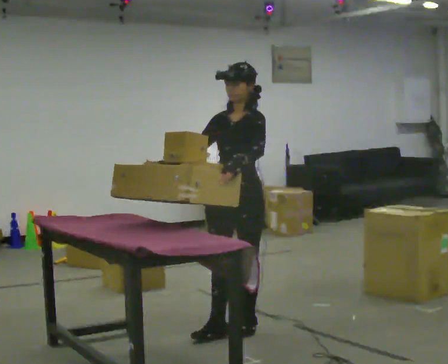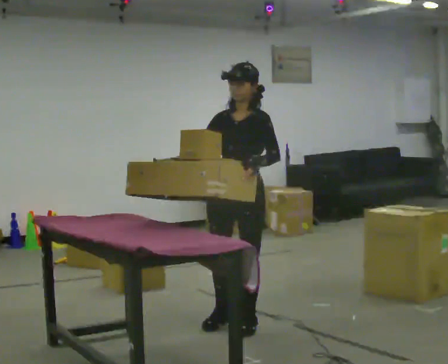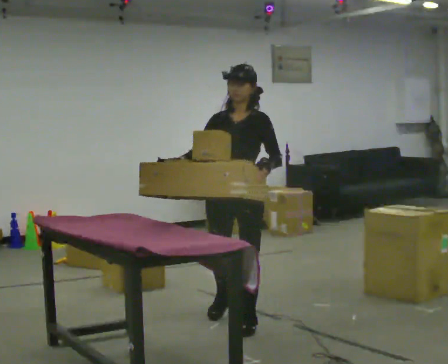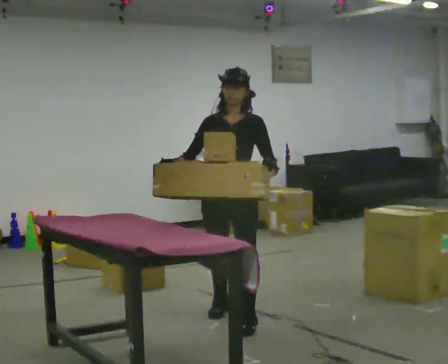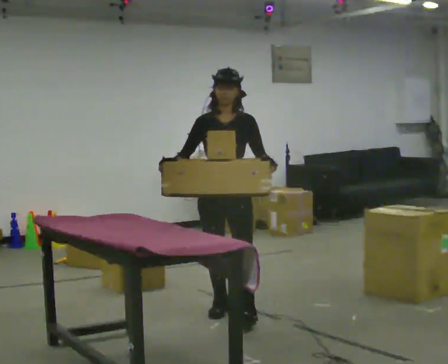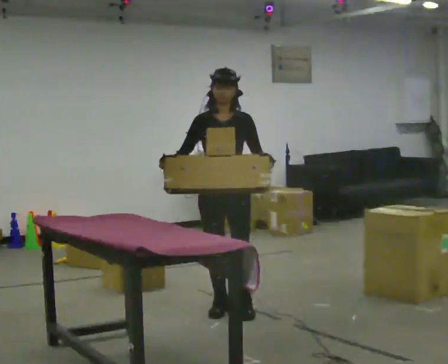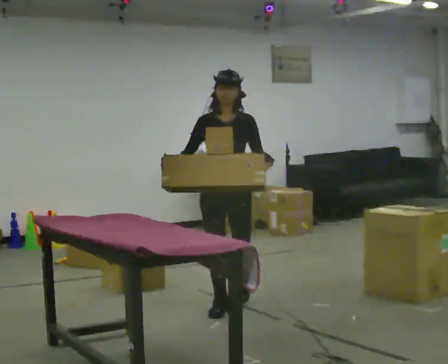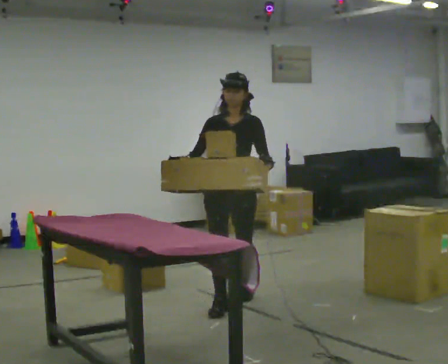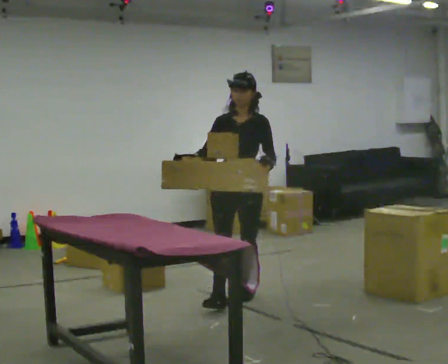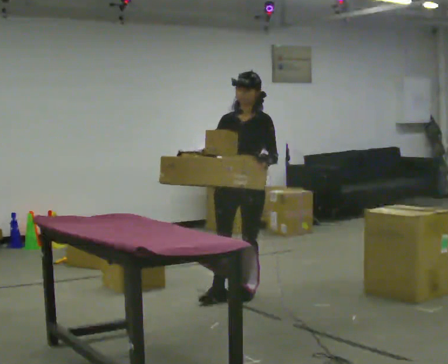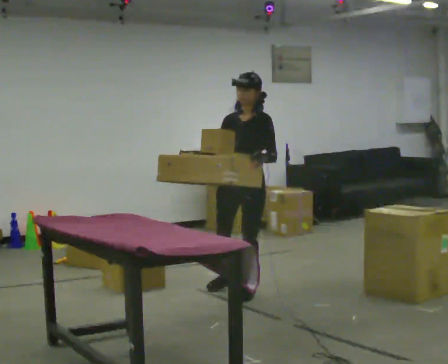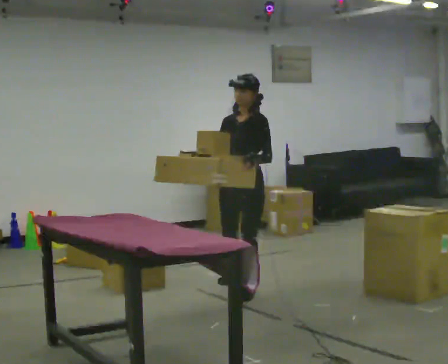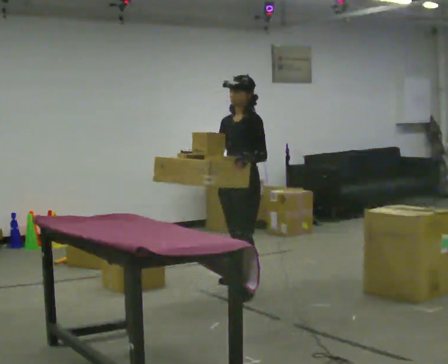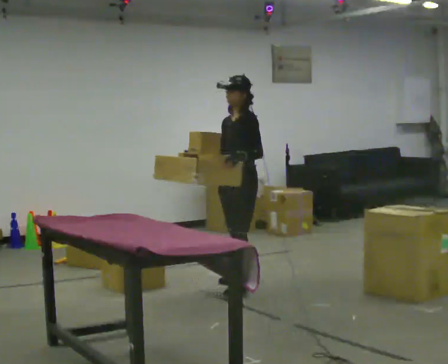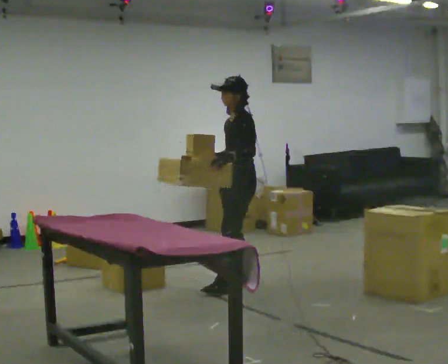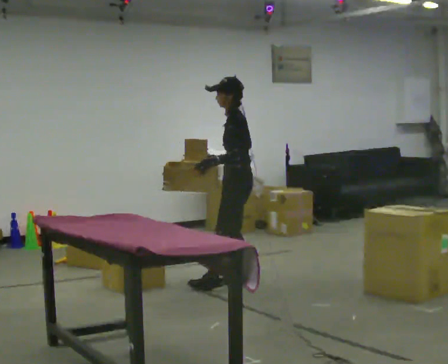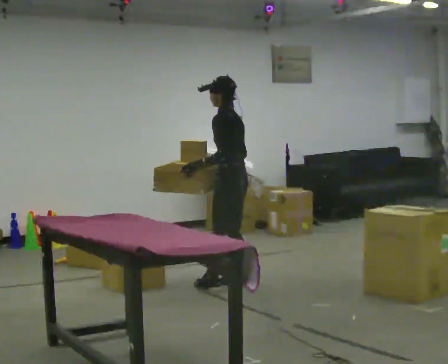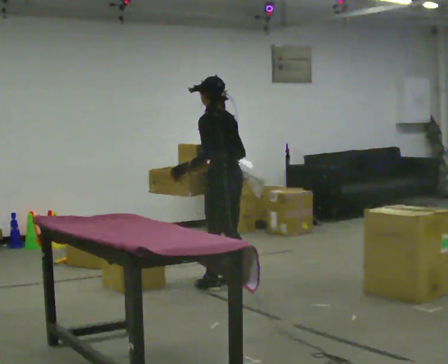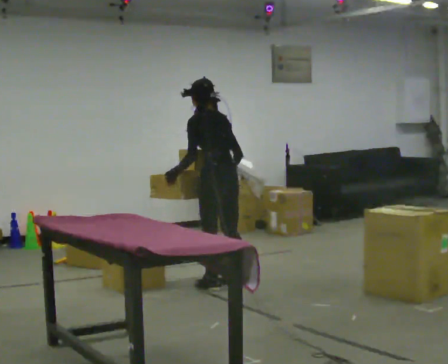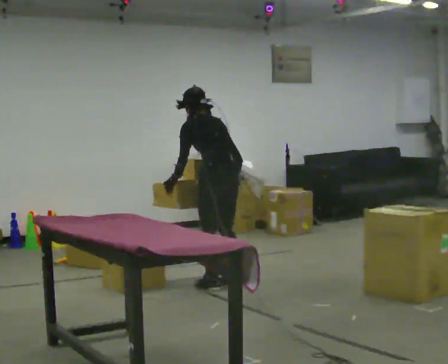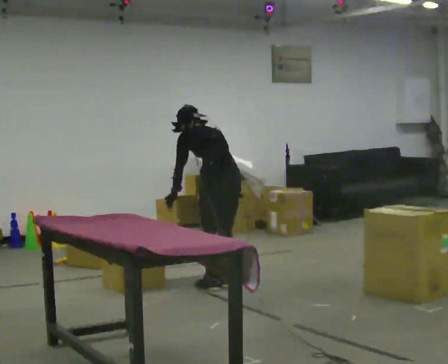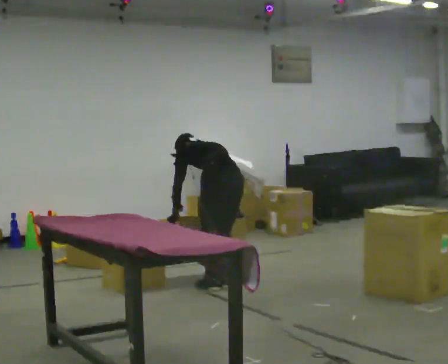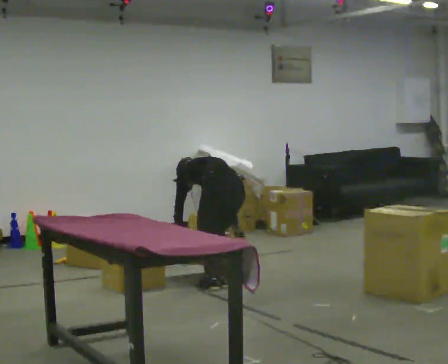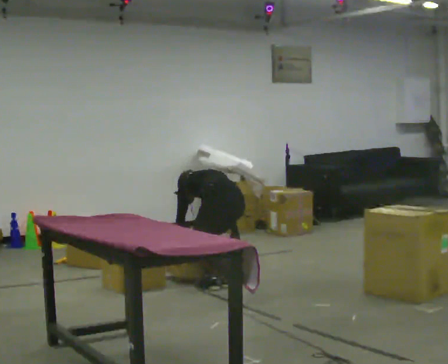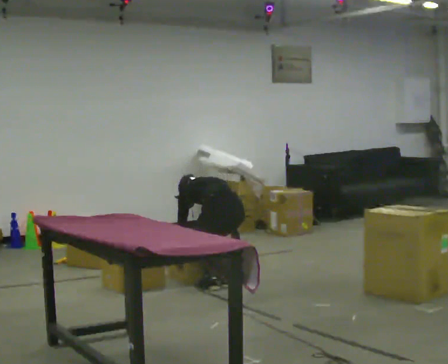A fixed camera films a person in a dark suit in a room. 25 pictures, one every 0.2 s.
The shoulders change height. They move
downward.
The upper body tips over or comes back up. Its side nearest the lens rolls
upward.
0.0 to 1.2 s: The part of the body nearest the lens slides to the right as the person turns to their left by about 30 degrees. In the picture they go away from the camera, about 0.5 m in 1 step, which for them is backward and to their right.
1.2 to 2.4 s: The part of the body nearest the lens slides to the left as the person turns to their right by about 45 degrees. In the picture they go away from the camera, about 0.5 m in 1 step, which for them is backward.
2.4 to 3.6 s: The person turns about 90 degrees to their right, clockwise seen from above, so the part of the body nearest the lens slides to the left. In the picture they go to the left, about 0.25 m in 1 step.
3.6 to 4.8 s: The upper body goes downward. The upper body tips away from the camera, its near side rolling upward, as they bend forward. In the picture their right hand goes downward.
The film runs backward here.
